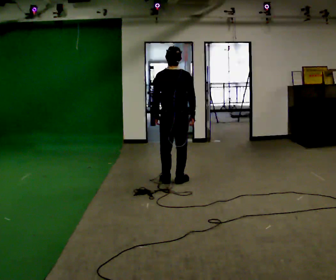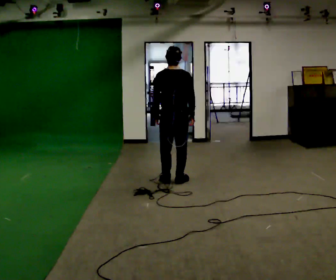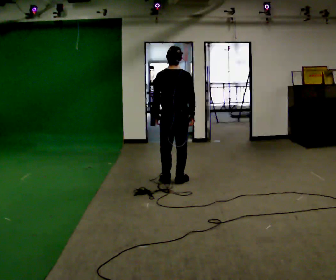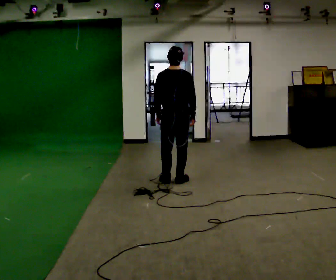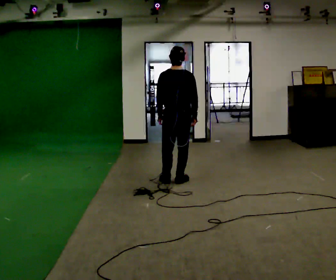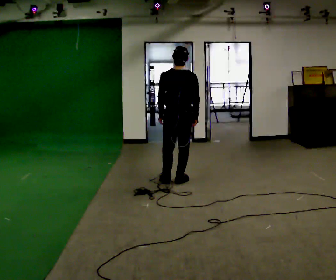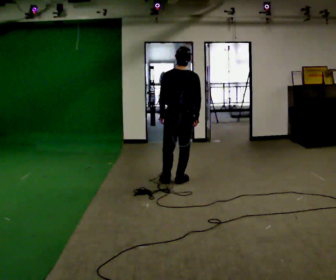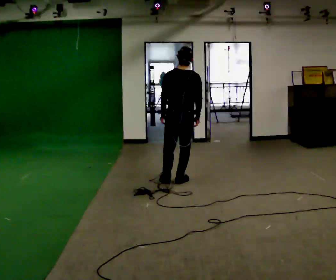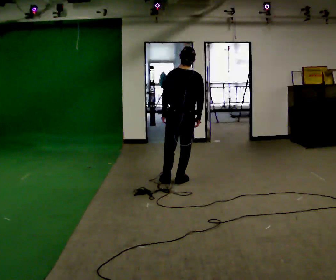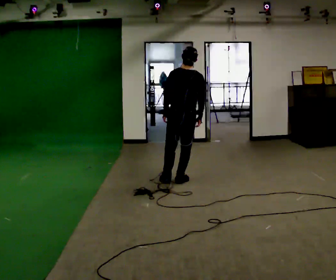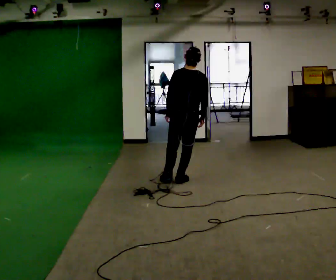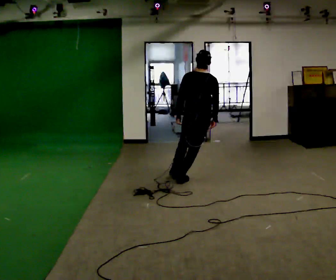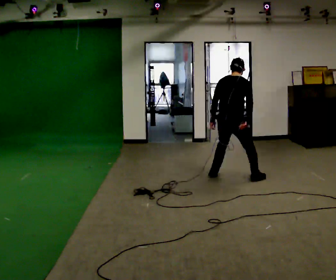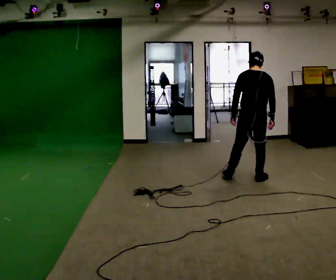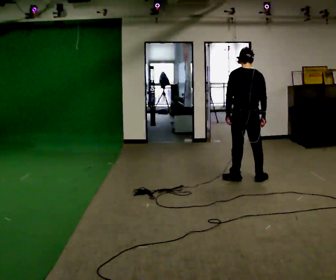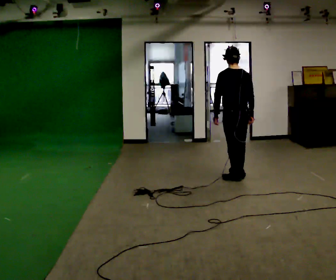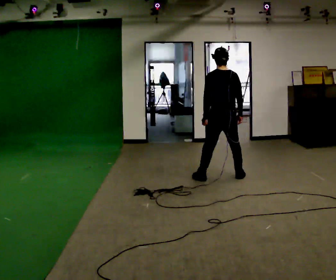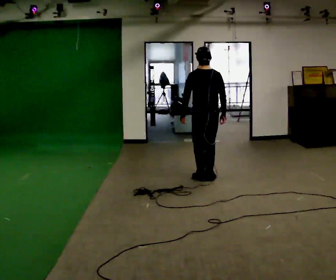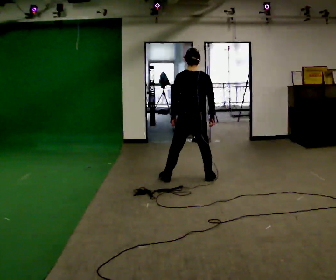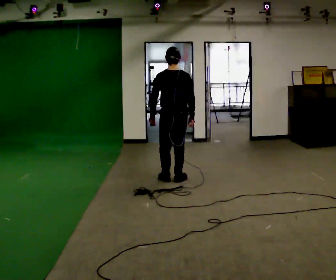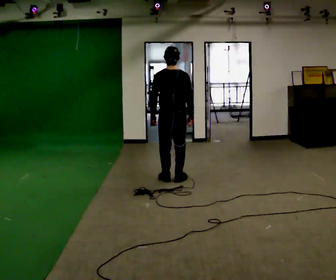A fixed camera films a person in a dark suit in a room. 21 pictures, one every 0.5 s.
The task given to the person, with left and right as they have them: Stand on the marked spots. Lean to the side the operator calls until you cannot hold it, then step to catch yourself. Return to the spots. Repeat at your own pace until the operator says stop. Go slowly and only as far as you are comfortable. Step whenever you need to; do not try to hold on longer than feels safe.
0.0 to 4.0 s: The person moves a little, or ends about where they began.
4.0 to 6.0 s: The person turns about 30 degrees to their right, clockwise seen from above, so the part of the body nearest the lens slides to the left. In the picture they go to the right, about 0.75 m in 1 step, which for them is to their right.
6.0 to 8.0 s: Seen from above the body turns counterclockwise, about 45 degrees: to their left, with its near side sliding to the right. In the picture they go to the left, about 0.25 m in 4 steps, which for them is to their left.
8.0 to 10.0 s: In the picture they go to the left, about 0.5 m in 3 steps, which for them is to their left.
The film runs forward here.
